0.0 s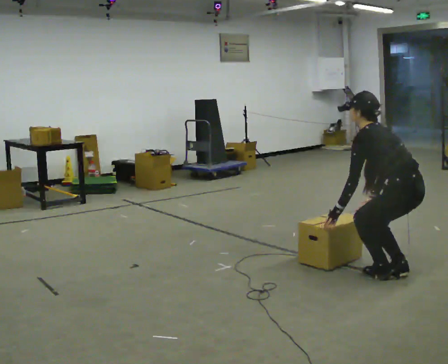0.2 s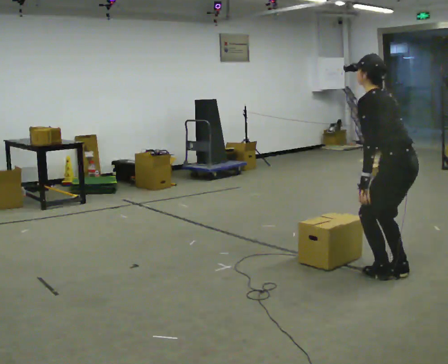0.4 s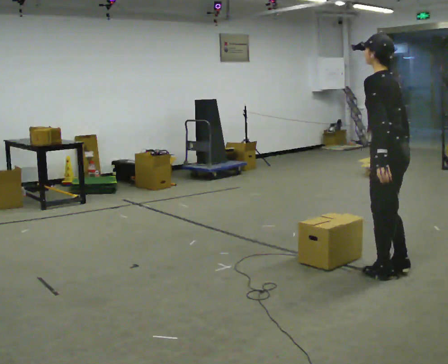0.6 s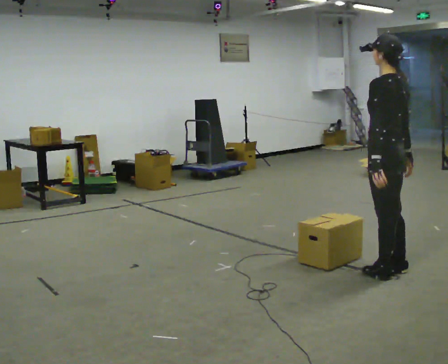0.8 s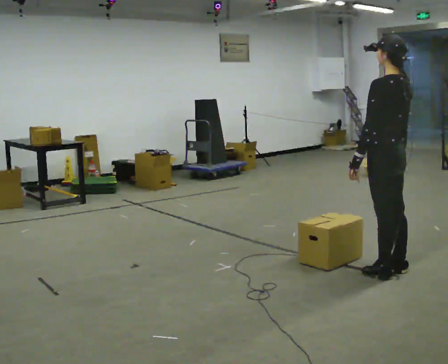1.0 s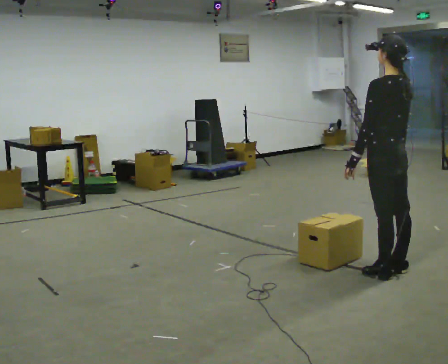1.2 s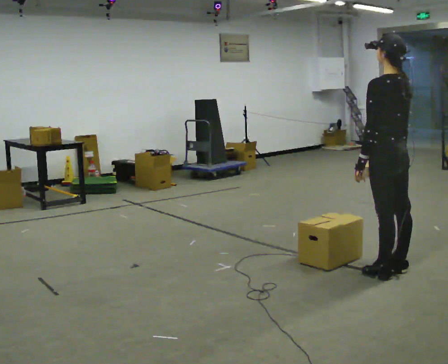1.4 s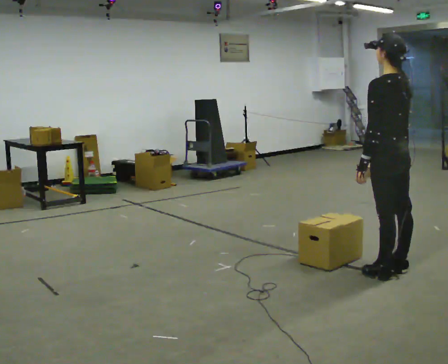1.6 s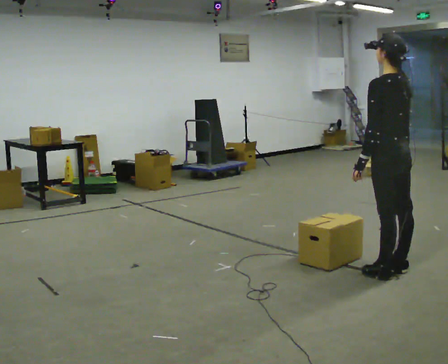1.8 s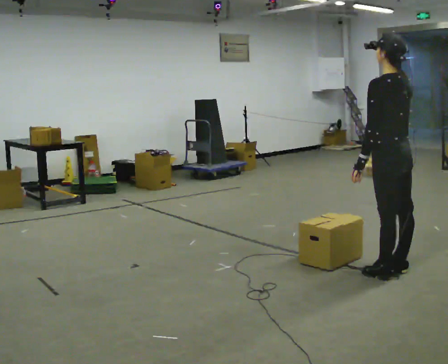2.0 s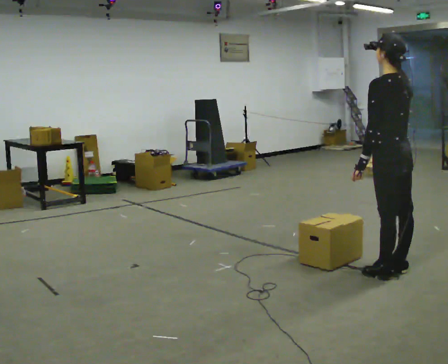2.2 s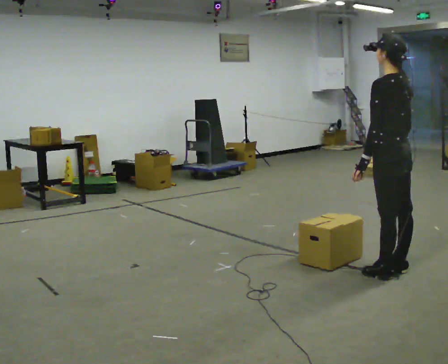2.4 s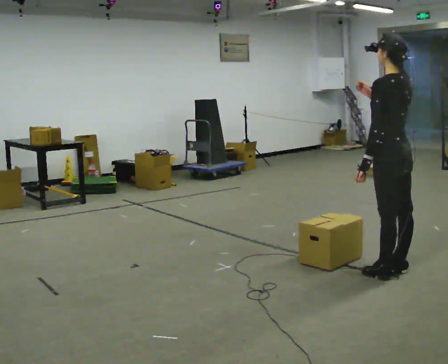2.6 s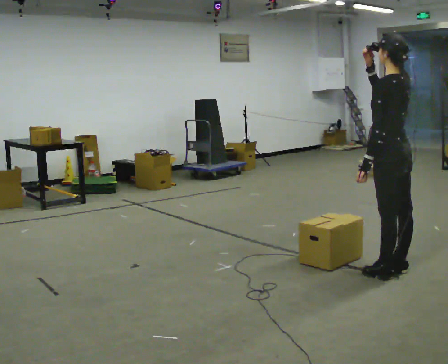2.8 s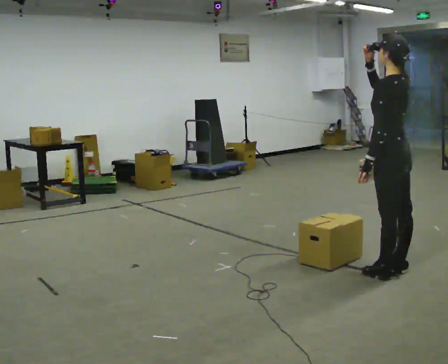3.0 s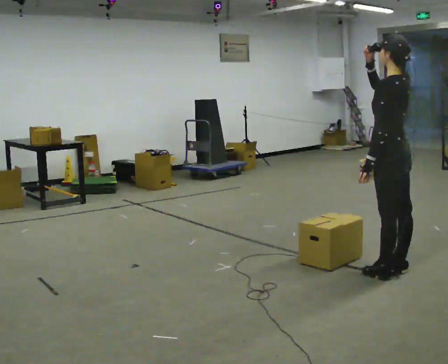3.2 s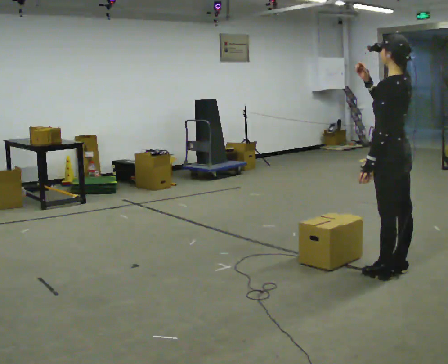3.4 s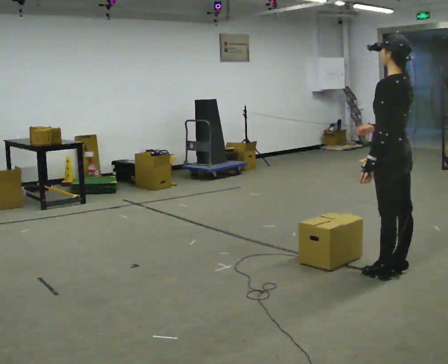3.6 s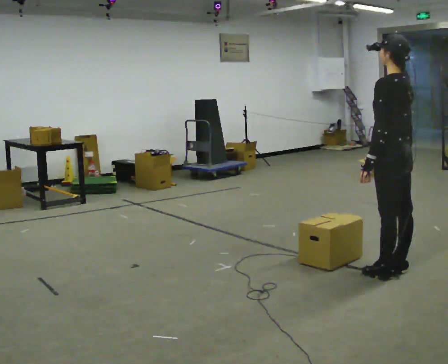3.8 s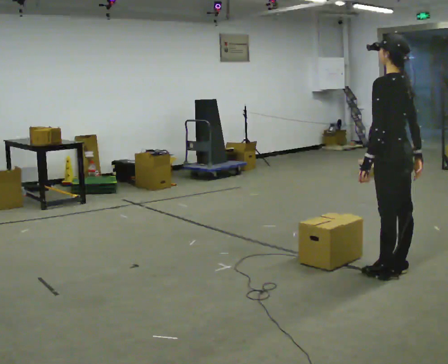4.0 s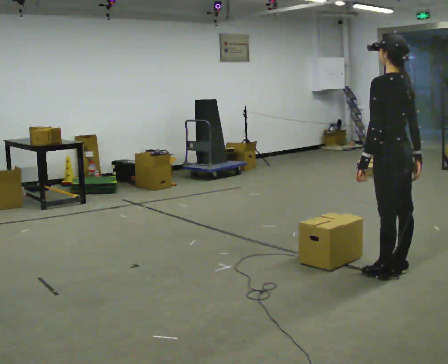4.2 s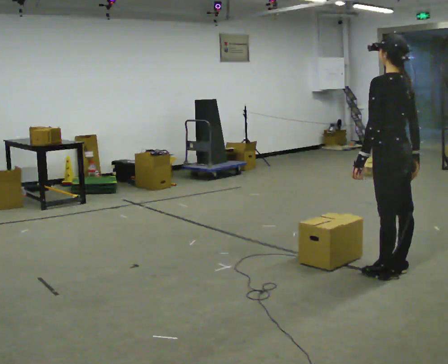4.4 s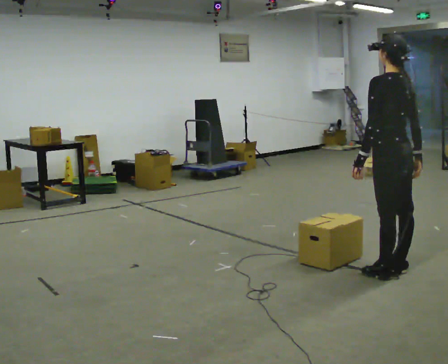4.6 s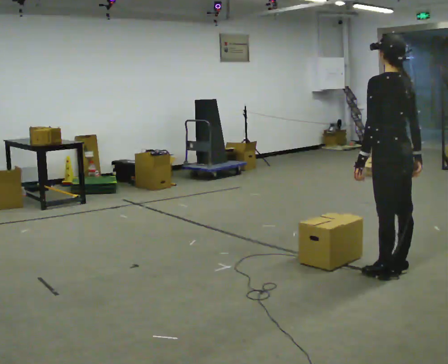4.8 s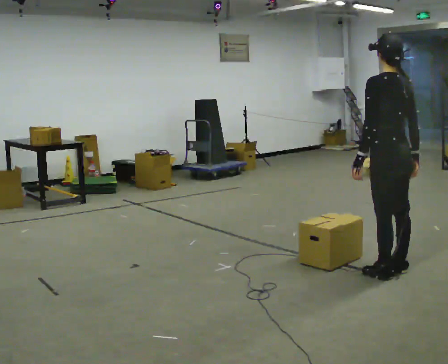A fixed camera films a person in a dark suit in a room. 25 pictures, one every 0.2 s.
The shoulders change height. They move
upward.
0.0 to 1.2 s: The shoulders move upward. In the picture the upper body tilts clockwise, shoulders to the right, as they lean back or straighten.
1.2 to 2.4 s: In the picture their right hand goes upward.
2.4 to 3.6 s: In the picture their right hand goes downward.
3.6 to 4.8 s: The person moves a little, or ends about where they began.
The film runs forward here.
